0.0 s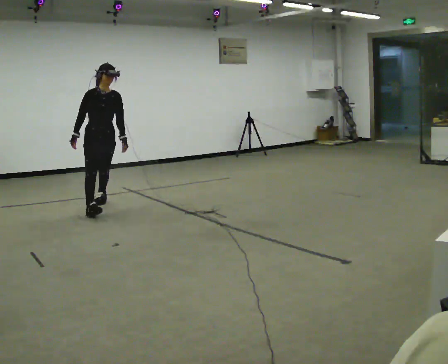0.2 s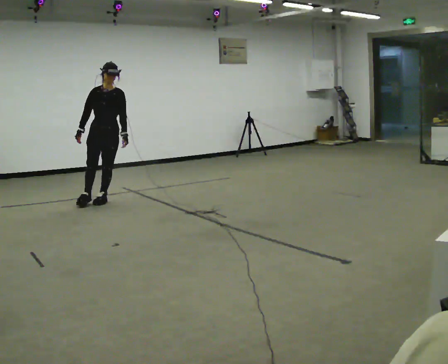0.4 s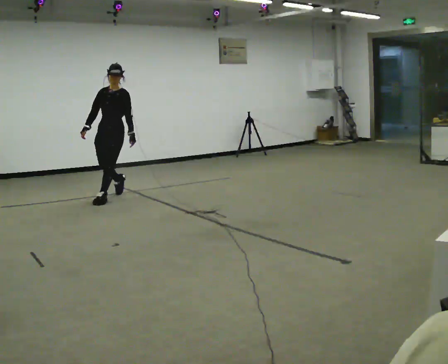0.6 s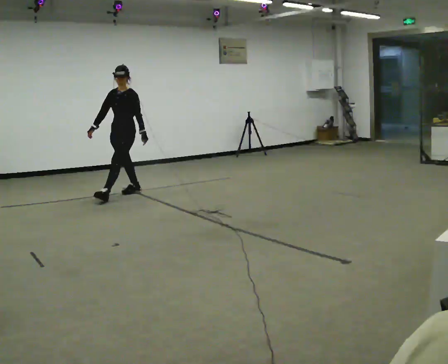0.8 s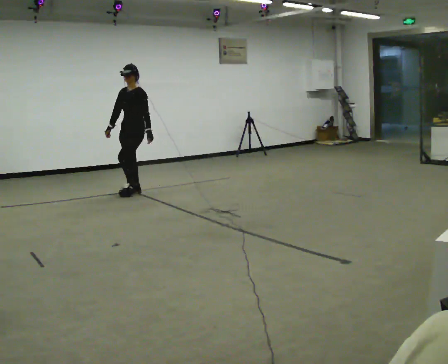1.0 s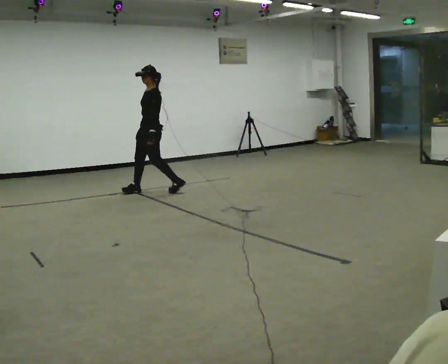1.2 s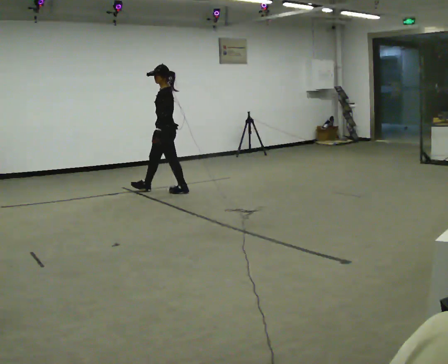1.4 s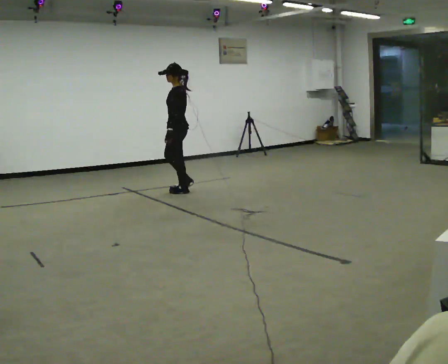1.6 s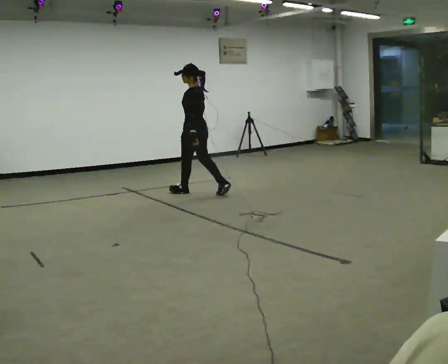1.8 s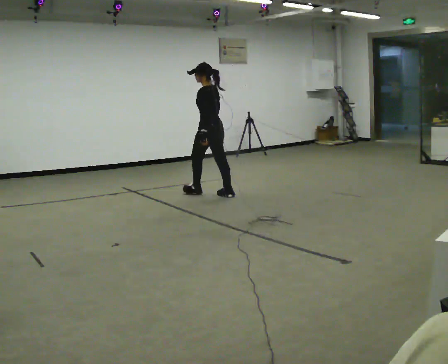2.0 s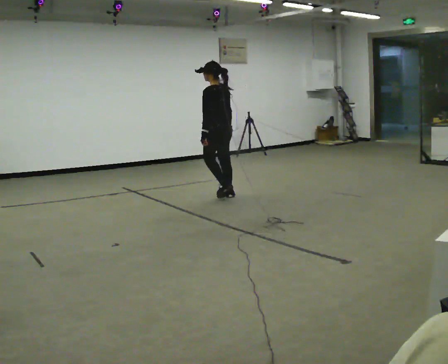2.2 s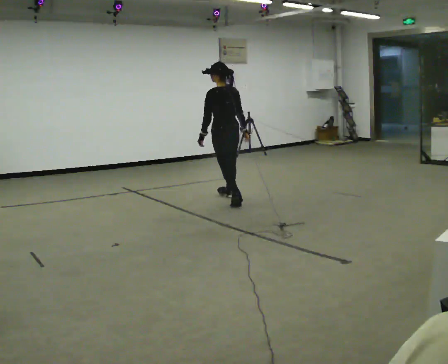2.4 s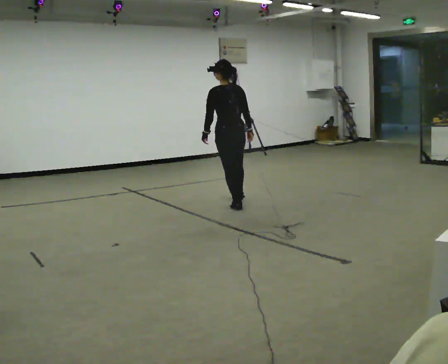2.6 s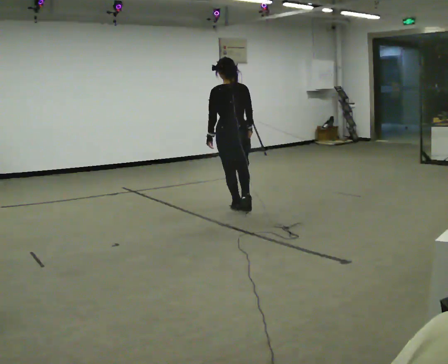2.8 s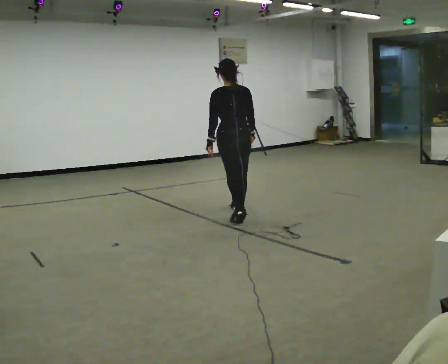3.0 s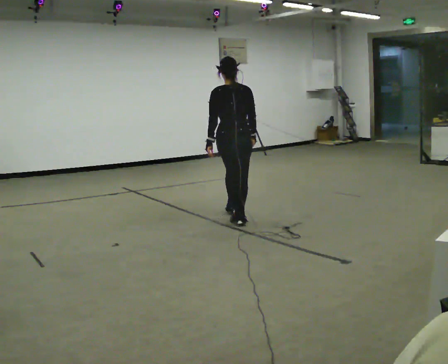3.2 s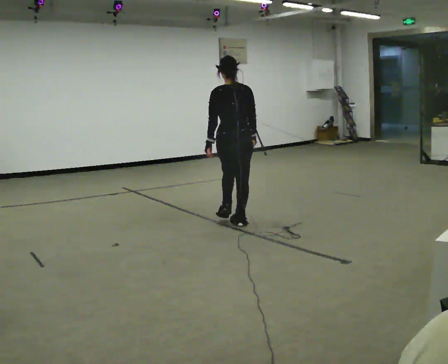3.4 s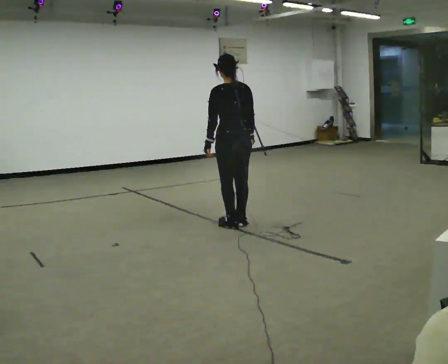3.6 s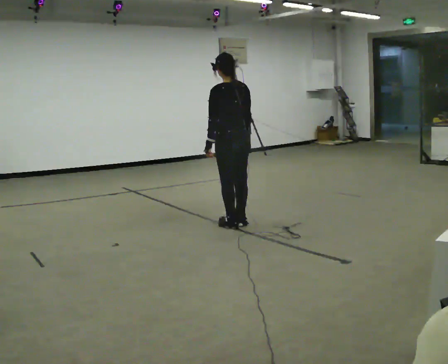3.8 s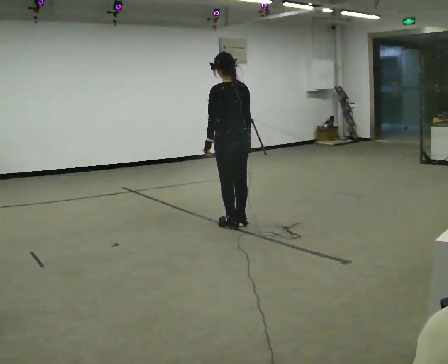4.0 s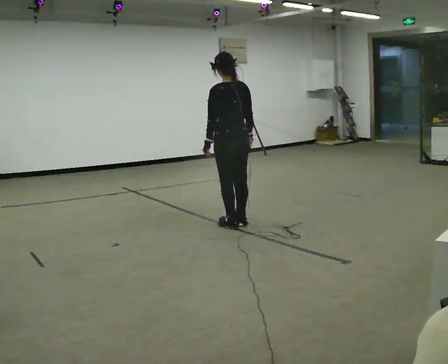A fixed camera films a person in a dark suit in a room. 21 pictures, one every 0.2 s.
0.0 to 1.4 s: The part of the body nearest the lens slides to the left as the person turns to their right by about 120 degrees. In the picture they go away from the camera and to the right, about 1 m in 2 steps.
1.4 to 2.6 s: Seen from above the body turns clockwise, about 90 degrees: to their right, with its near side sliding to the left. In the picture they go toward the camera and to the right, about 1 m in 2 steps.
2.6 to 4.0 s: Seen from above the body turns counterclockwise, about 30 degrees: to their left, with its near side sliding to the right. In the picture they go toward the camera, about 0.75 m in 1 step, which for them is backward.
The film runs backward here.
